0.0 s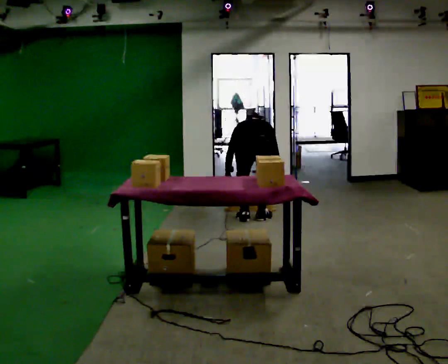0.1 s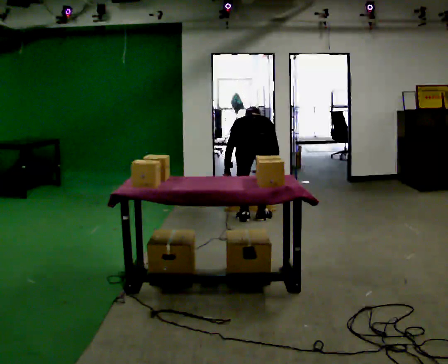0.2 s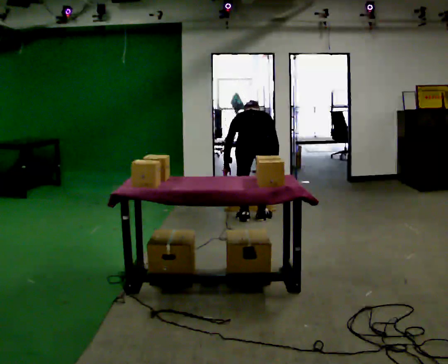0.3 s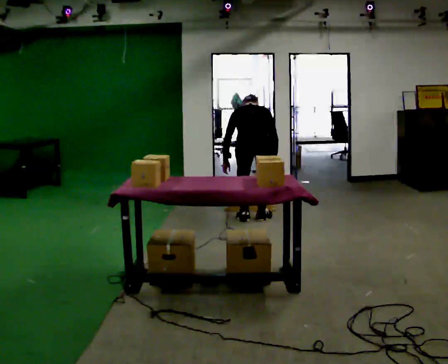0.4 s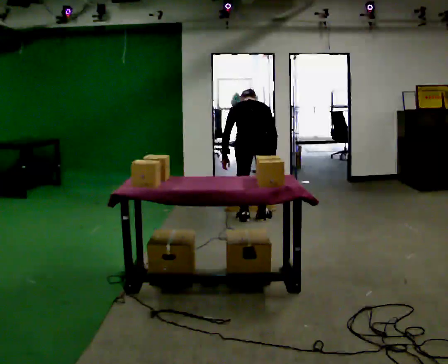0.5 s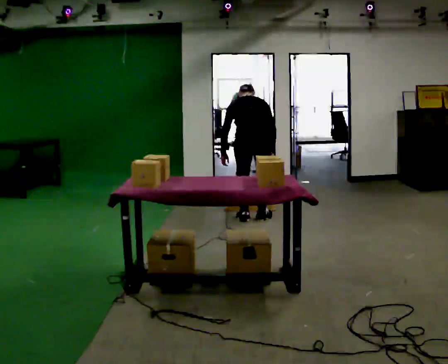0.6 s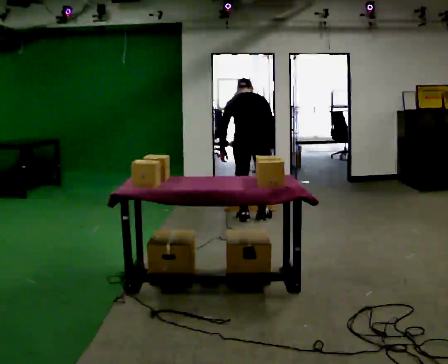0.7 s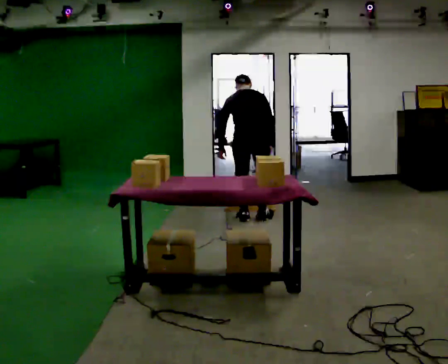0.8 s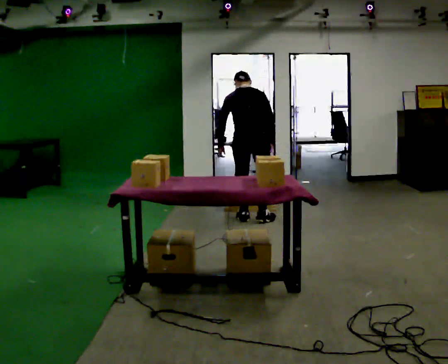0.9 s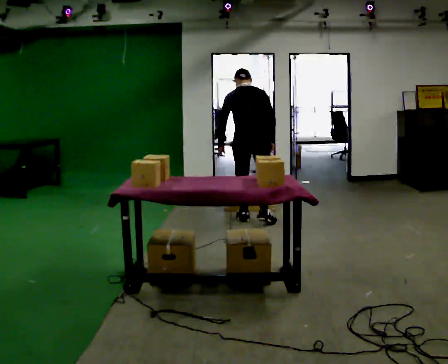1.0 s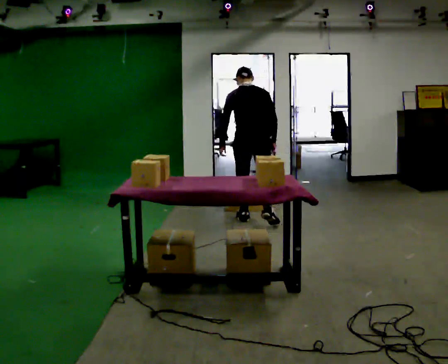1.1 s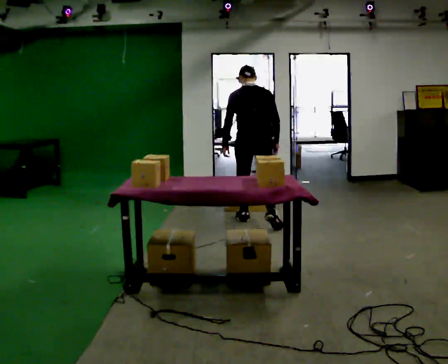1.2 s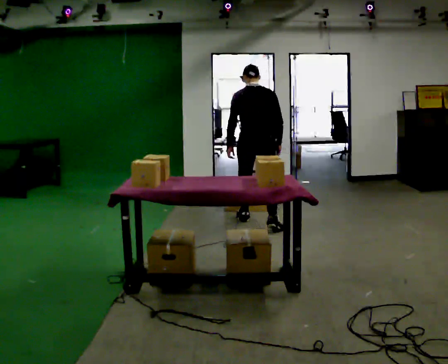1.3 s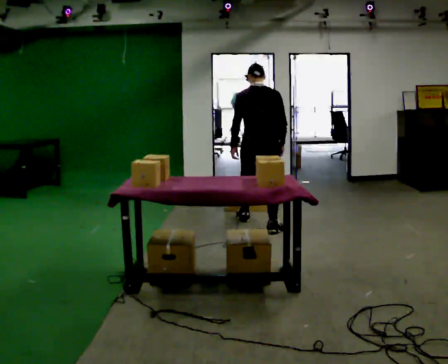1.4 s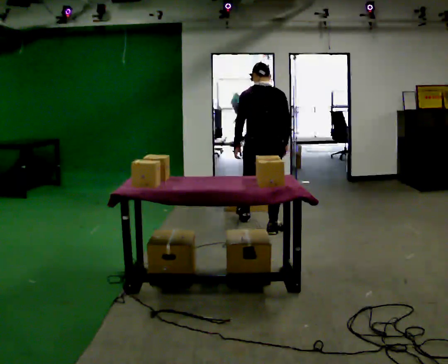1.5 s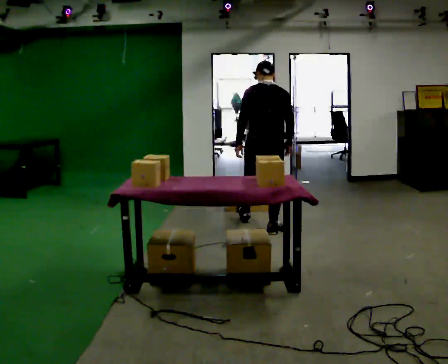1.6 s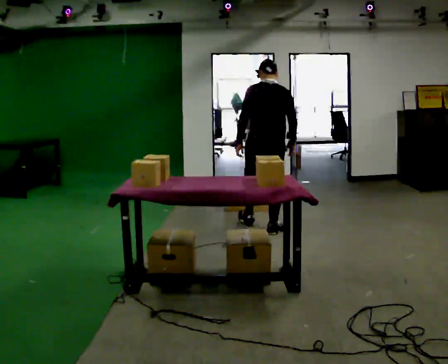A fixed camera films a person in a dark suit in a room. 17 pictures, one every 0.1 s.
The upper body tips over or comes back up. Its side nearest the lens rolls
downward.
The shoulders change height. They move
upward.
0.0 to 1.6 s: In the picture they go toward the camera, about 0.25 m in 2 steps, which for them is backward. The upper body goes upward. The upper body tips toward the camera, its near side rolling downward, as they lean back or straighten. In the picture their left hand goes upward.
The film runs backward here.
